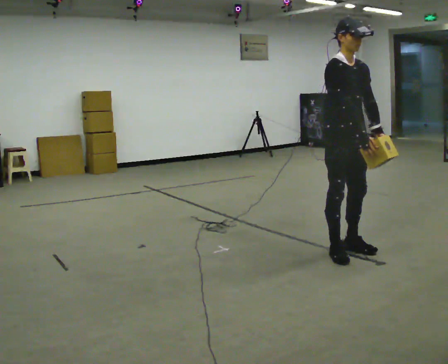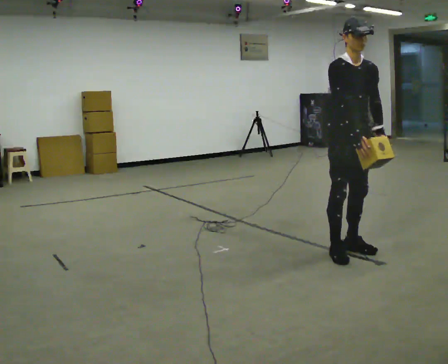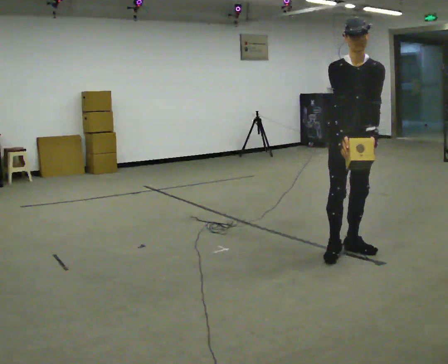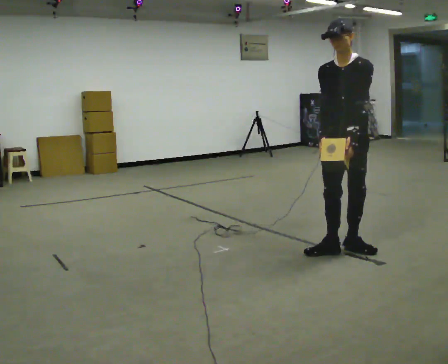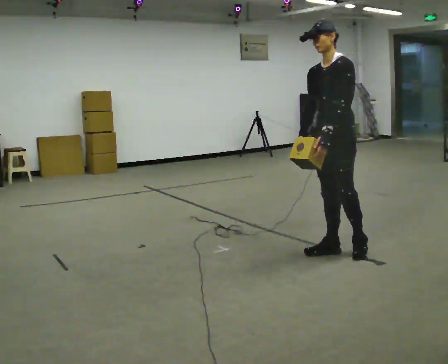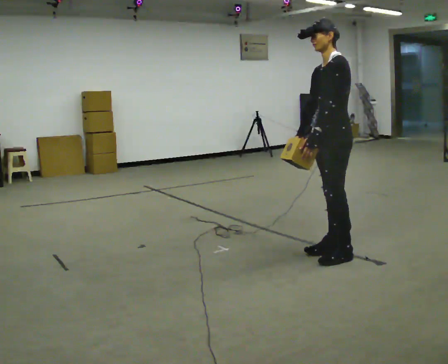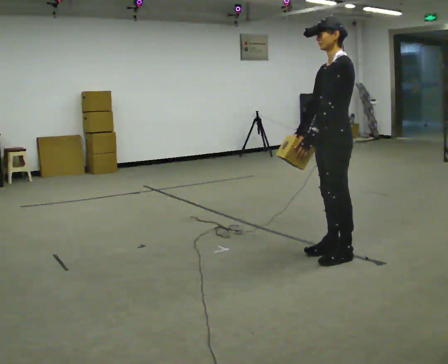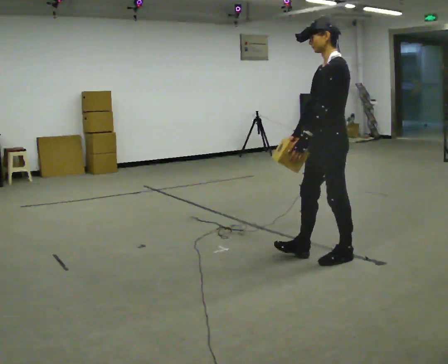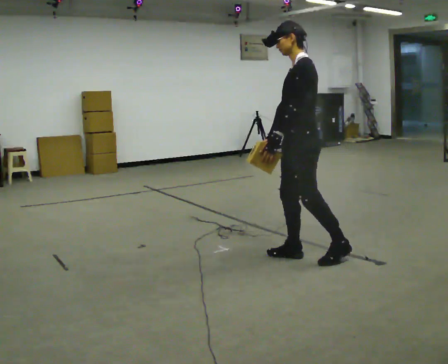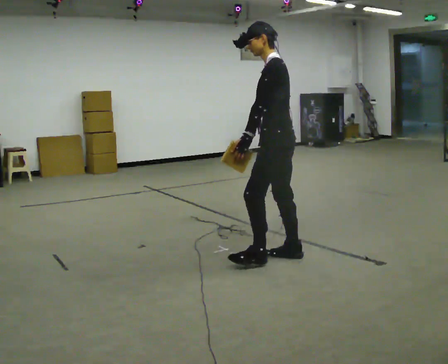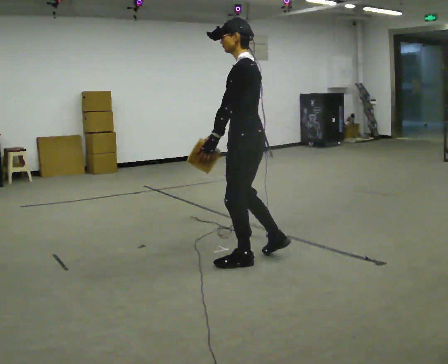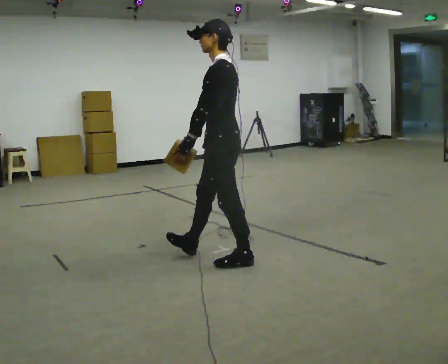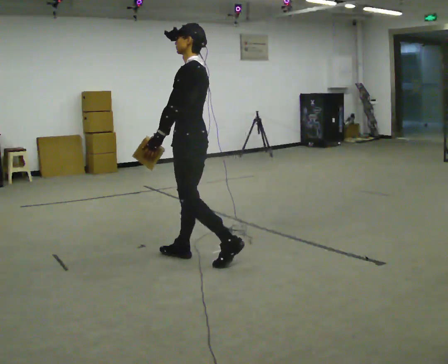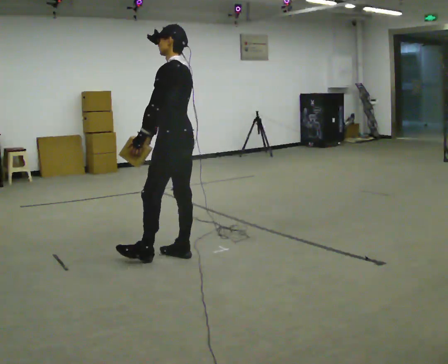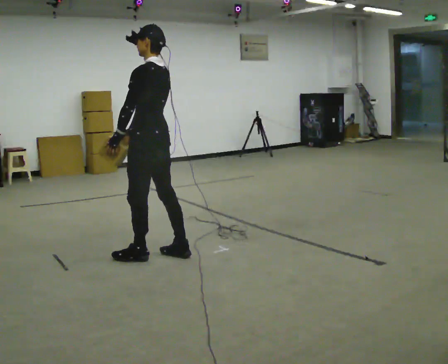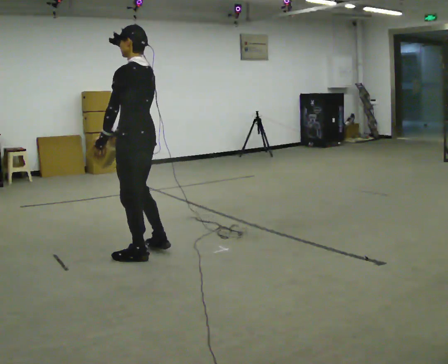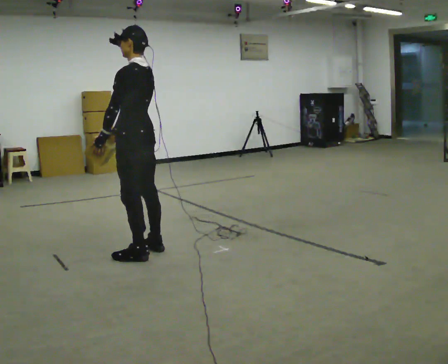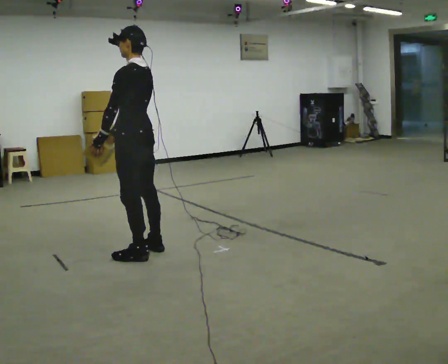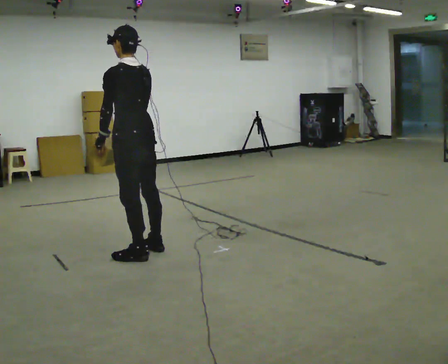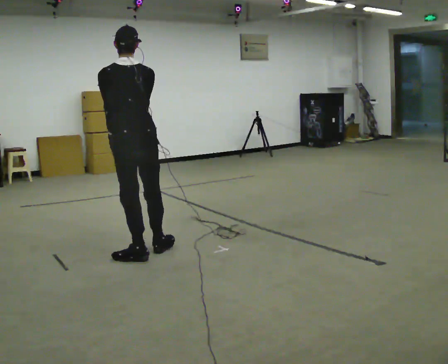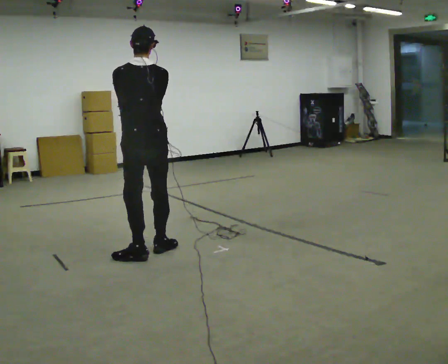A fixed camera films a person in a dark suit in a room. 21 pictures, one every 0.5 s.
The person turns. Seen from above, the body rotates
clockwise.
The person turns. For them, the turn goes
to their right.
0.0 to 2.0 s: The person turns about 90 degrees to their right, clockwise seen from above, so the part of the body nearest the lens slides to the left. In the picture the upper body tilts counterclockwise, shoulders to the left. In the picture their left hand goes to the left.
2.0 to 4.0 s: The person turns about 30 degrees to their right, clockwise seen from above, so the part of the body nearest the lens slides to the left. In the picture they go to the left, about 0.25 m in 2 steps, which for them is forward.
4.0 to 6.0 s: In the picture they go to the left, about 1 m in 2 steps, which for them is forward.
6.0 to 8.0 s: In the picture they go to the left, about 0.5 m in 2 steps, which for them is forward.
8.0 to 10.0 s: The person turns about 60 degrees to their right, clockwise seen from above, so the part of the body nearest the lens slides to the left. In the picture their right hand goes to the right.
The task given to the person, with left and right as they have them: Carry the light box in both hands in front of you, walking back and forth across the room. Keep walking until the operator says stop.
The film runs forward here.
